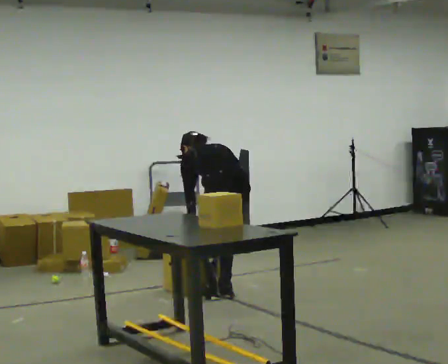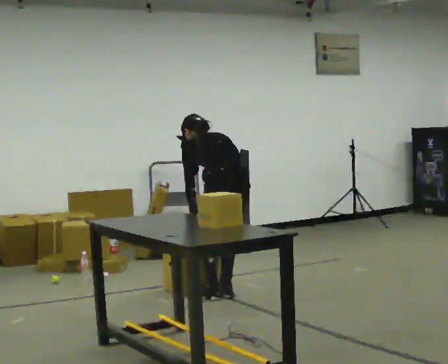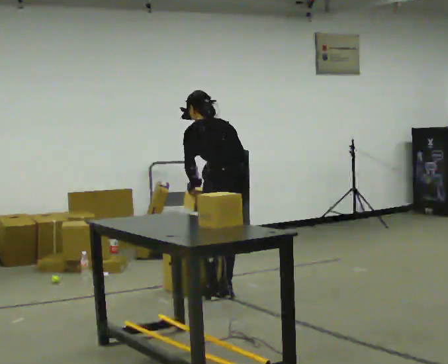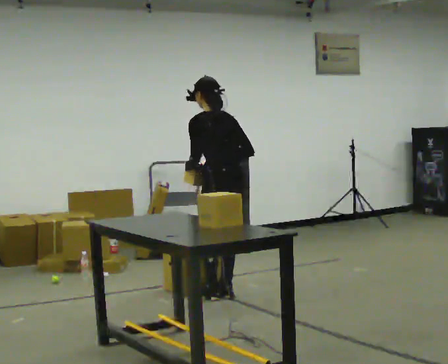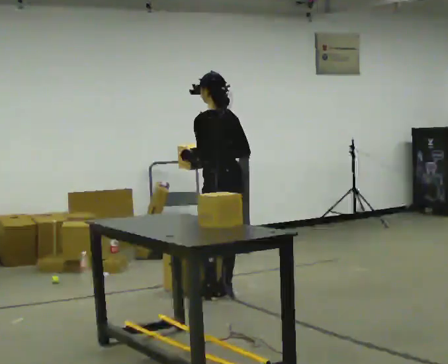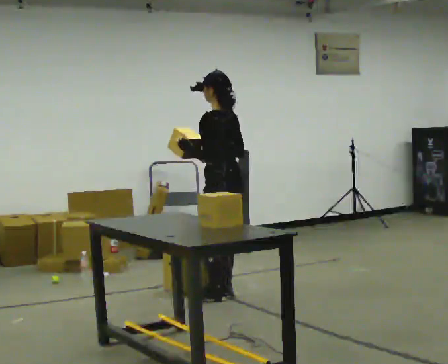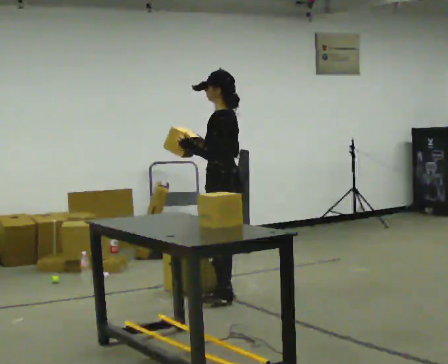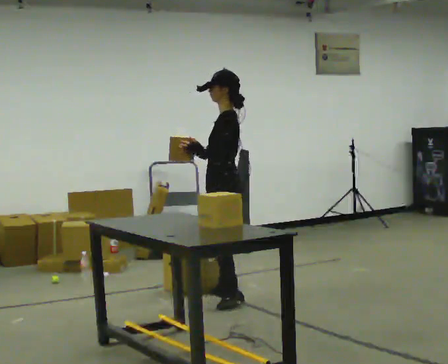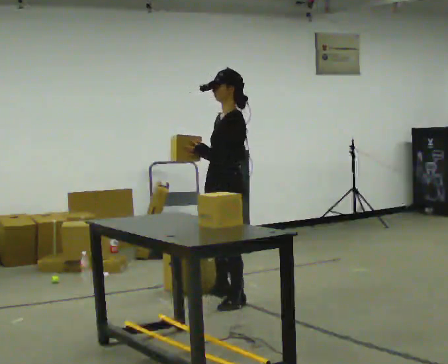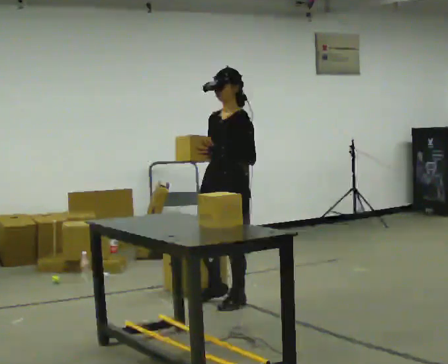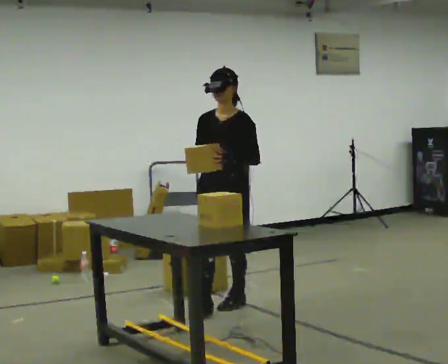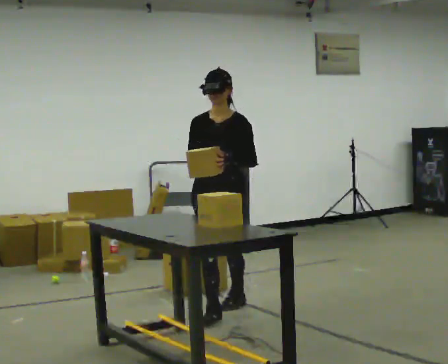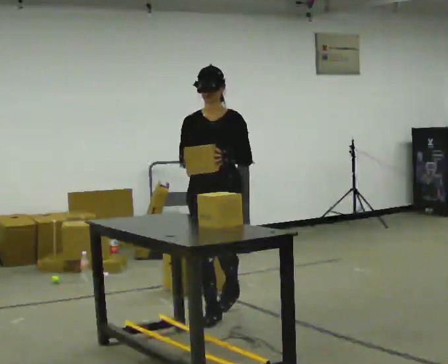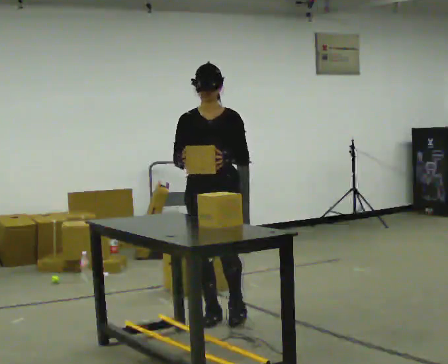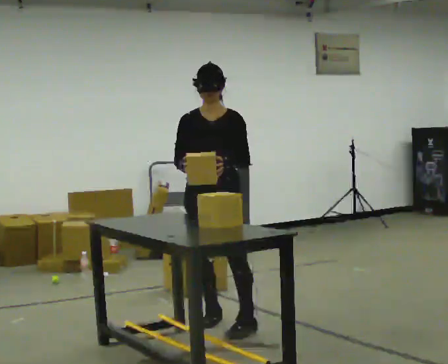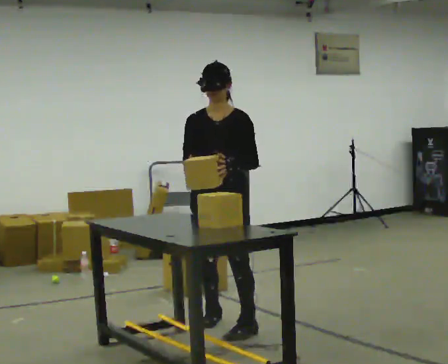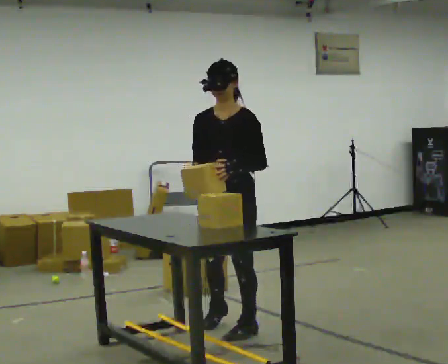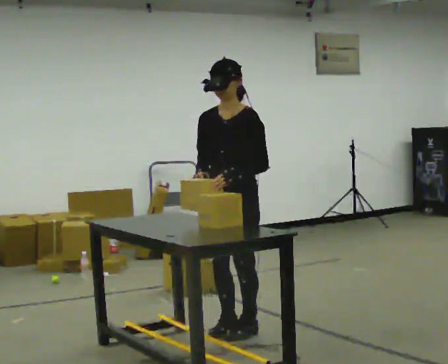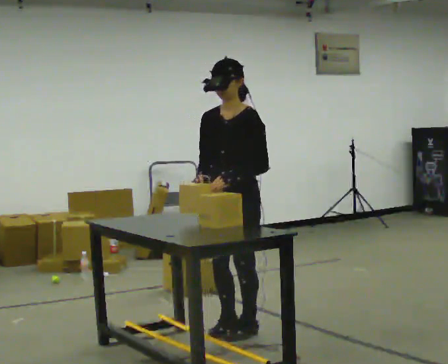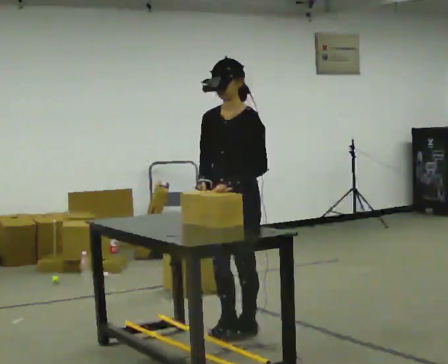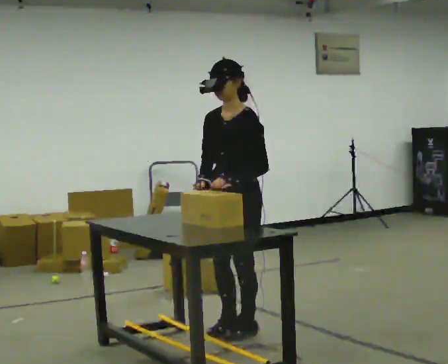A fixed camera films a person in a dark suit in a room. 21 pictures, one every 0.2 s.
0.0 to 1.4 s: The part of the body nearest the lens slides to the right as the person turns to their left by about 60 degrees. The shoulders move upward. The upper body tips toward the camera, its near side rolling downward, as they lean back or straighten. In the picture their right hand goes upward.
1.4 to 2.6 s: The person turns about 90 degrees to their left, counterclockwise seen from above, so the part of the body nearest the lens slides to the right. In the picture they go toward the camera, about 0.5 m in 1 step.
2.6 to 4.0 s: The person turns about 45 degrees to their right, clockwise seen from above, so the part of the body nearest the lens slides to the left. In the picture they go toward the camera and to the right, about 0.25 m in 2 steps, which for them is to their left and forward.
The film runs forward here.
